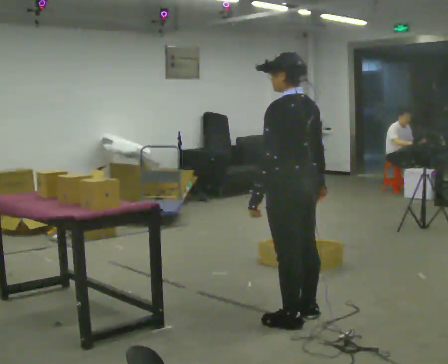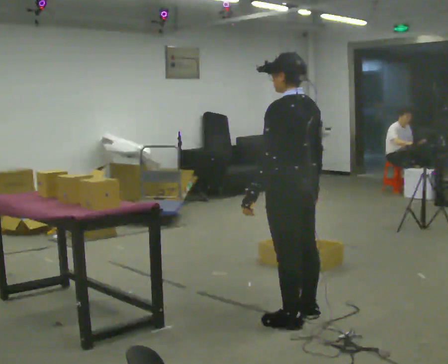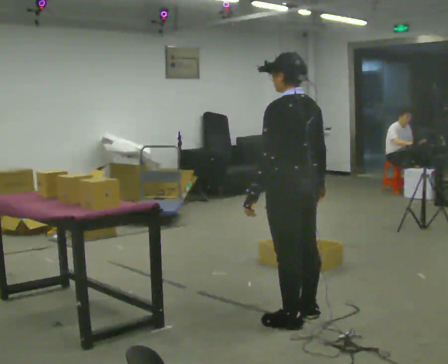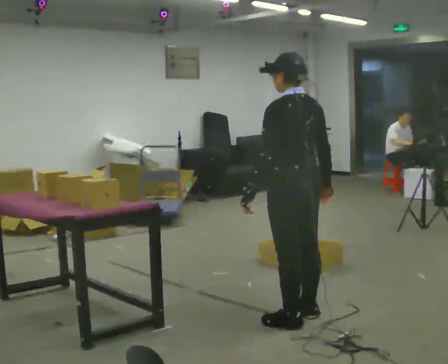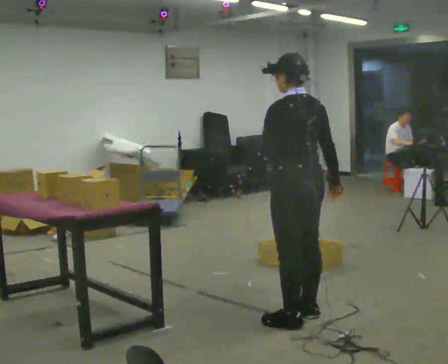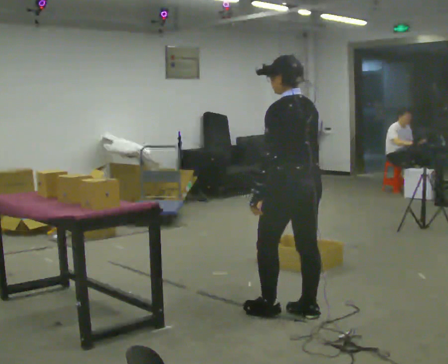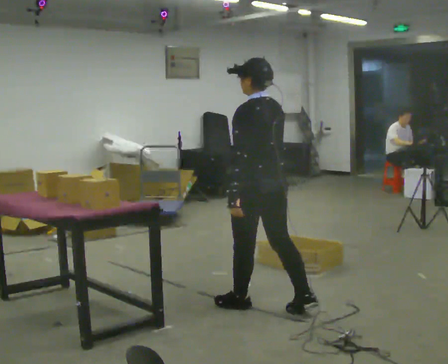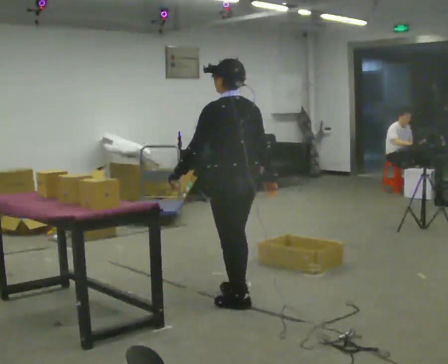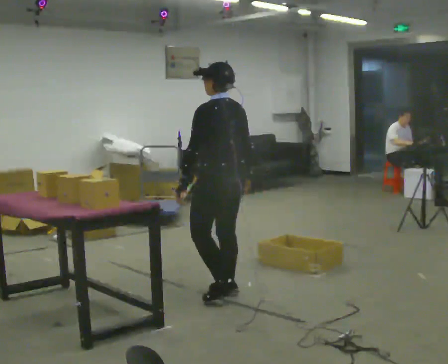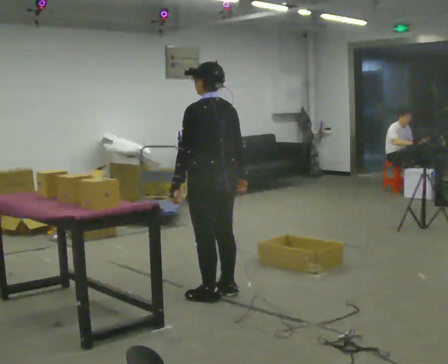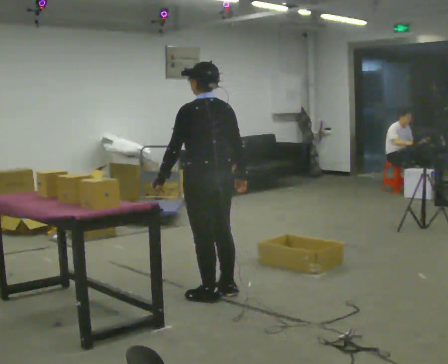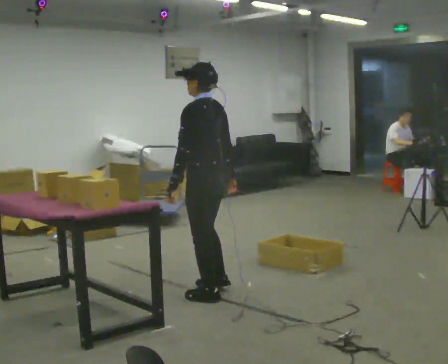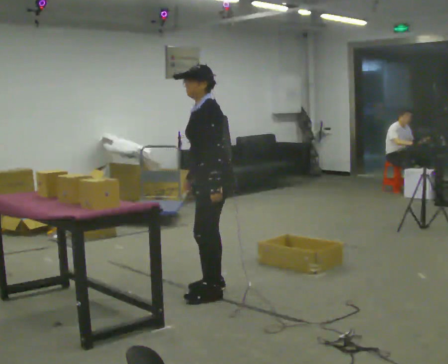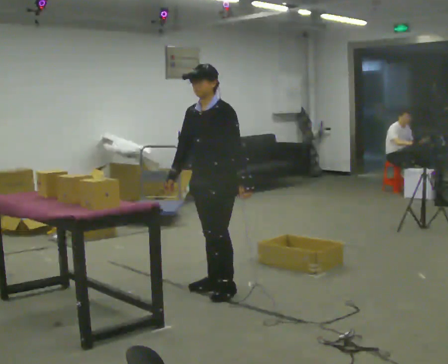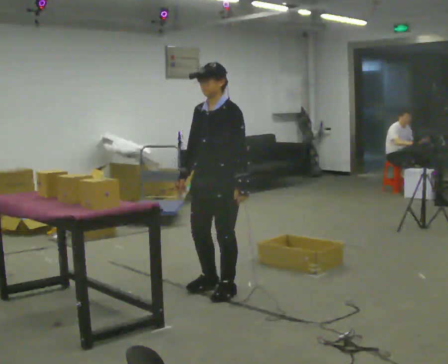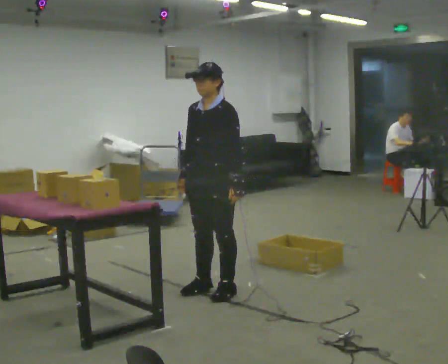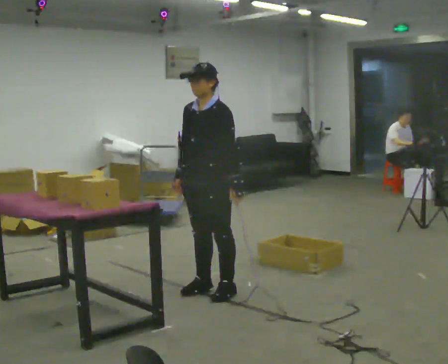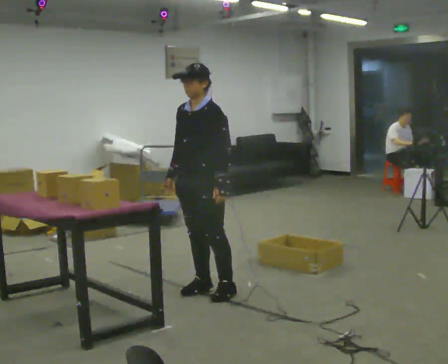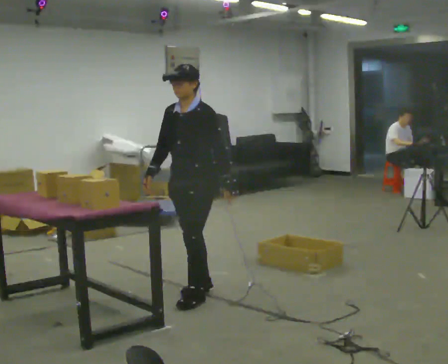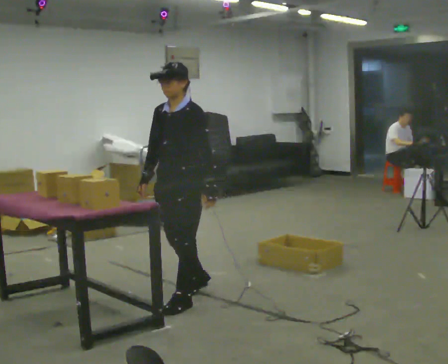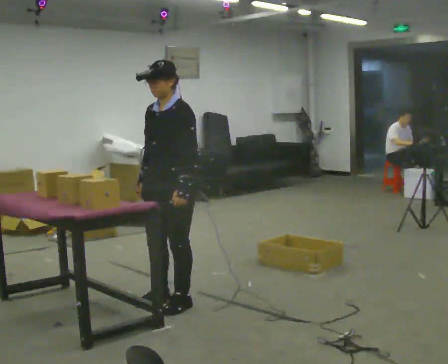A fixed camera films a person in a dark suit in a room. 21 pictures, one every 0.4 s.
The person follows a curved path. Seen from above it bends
counterclockwise.
0.0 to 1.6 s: The person moves a little, or ends about where they began.
1.6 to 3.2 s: In the picture they go away from the camera and to the left, about 0.75 m in 2 steps, which for them is forward.
3.2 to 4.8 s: Seen from above the body turns counterclockwise, about 60 degrees: to their left, with its near side sliding to the right.
4.8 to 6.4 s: The part of the body nearest the lens slides to the right as the person turns to their left by about 30 degrees.
6.4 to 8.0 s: In the picture they go to the left and toward the camera, about 0.25 m in 2 steps, which for them is forward.
The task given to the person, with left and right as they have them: Carry the object across the room and place it on the lowest shelf, crouching down to do it. Keep going until the operator says stop; one object at a time, and do not rush between trips.
The film runs forward here.
